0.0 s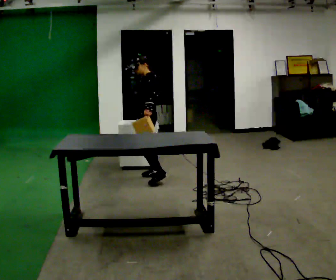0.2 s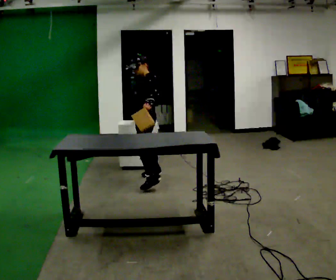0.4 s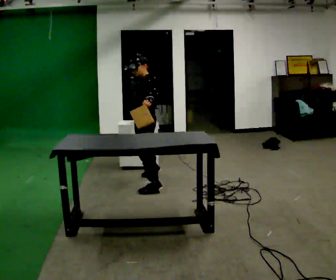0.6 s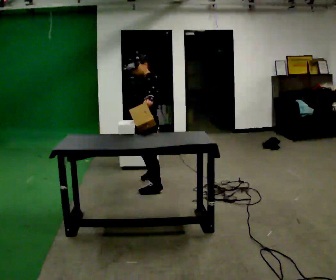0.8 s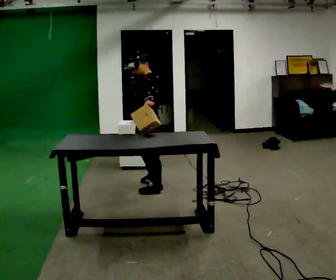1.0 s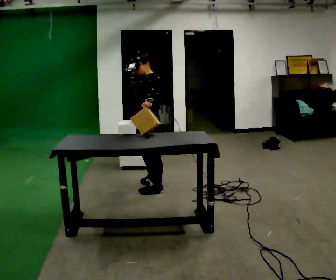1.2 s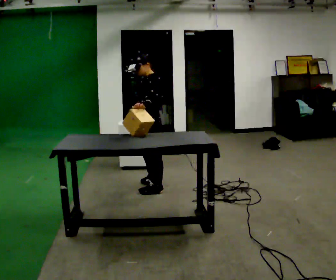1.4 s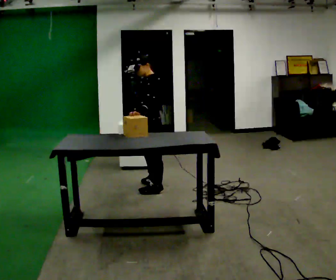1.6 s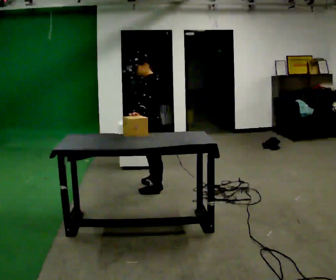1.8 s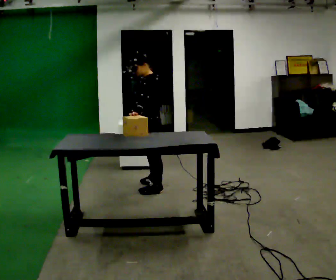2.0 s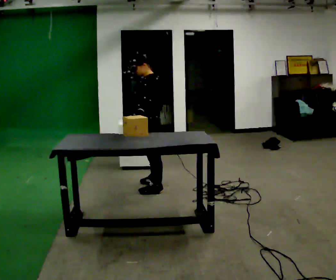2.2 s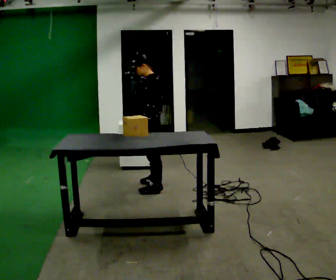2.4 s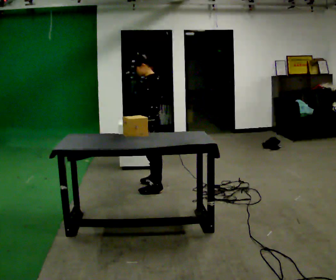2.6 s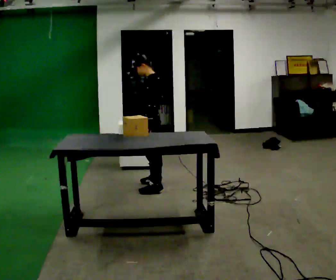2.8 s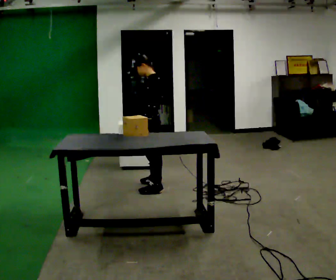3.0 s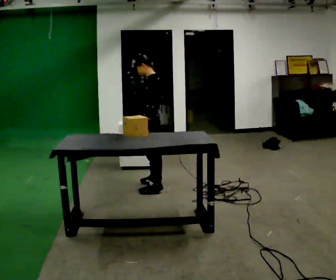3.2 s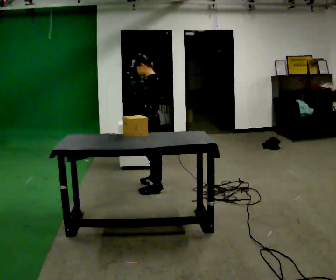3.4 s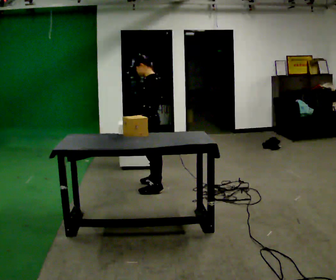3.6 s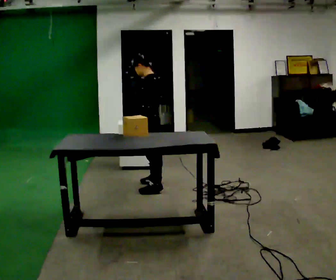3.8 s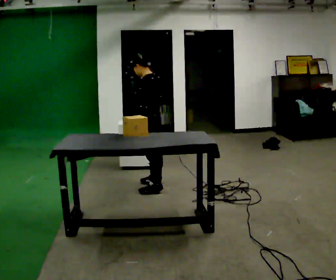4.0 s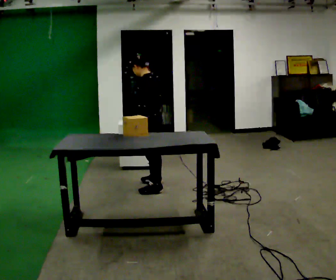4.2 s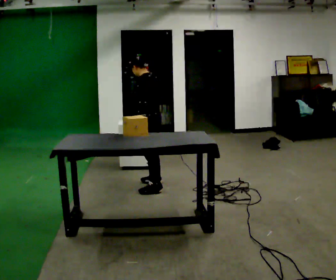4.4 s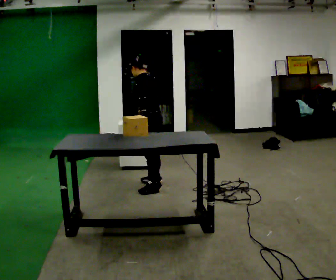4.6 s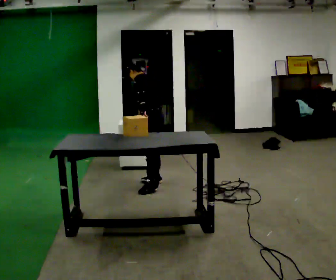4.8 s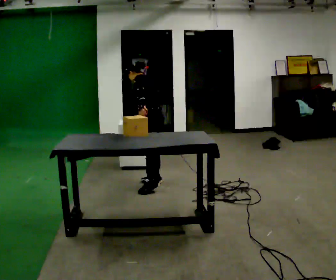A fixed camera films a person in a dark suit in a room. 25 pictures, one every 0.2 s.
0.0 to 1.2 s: In the picture they go toward the camera, about 0.5 m in 2 steps, which for them is to their left.
1.2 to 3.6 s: The person moves a little, or ends about where they began.
3.6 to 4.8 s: The upper body tips away from the camera, its near side rolling upward, as they bend forward.
The film runs forward here.
